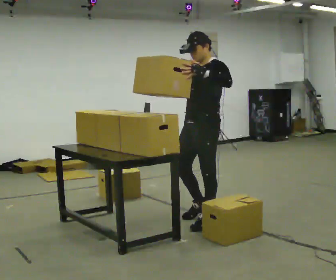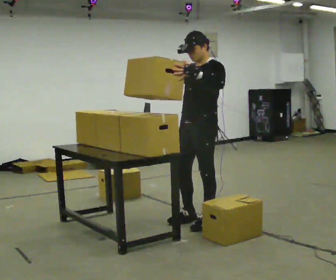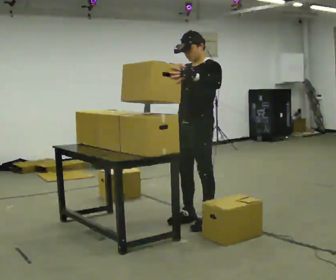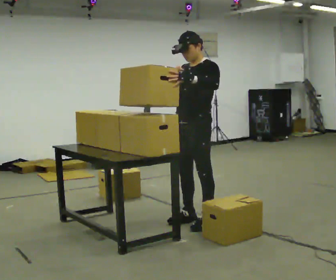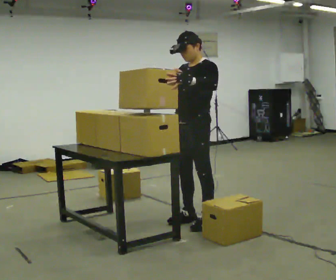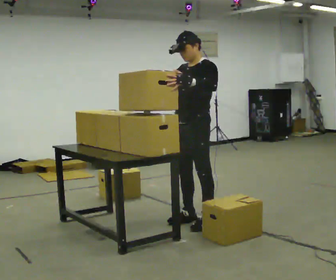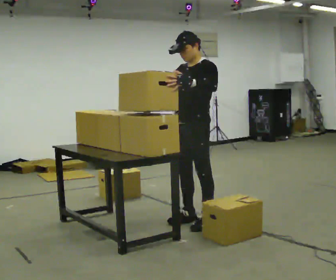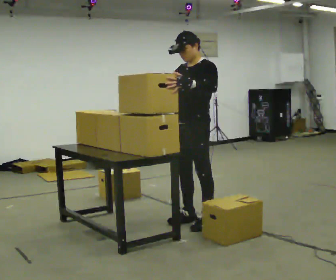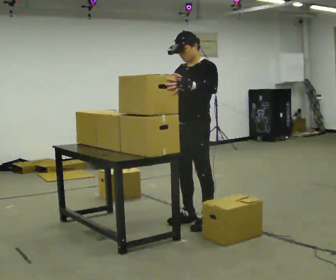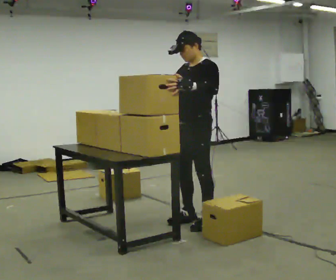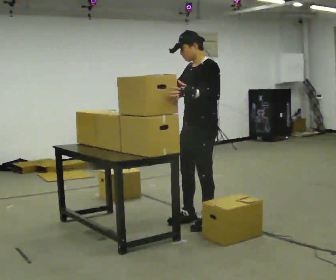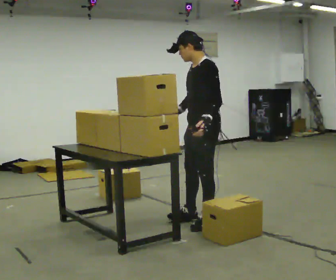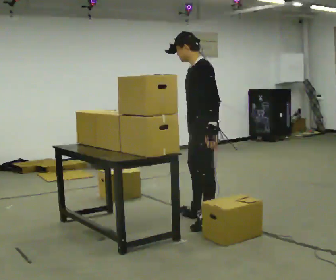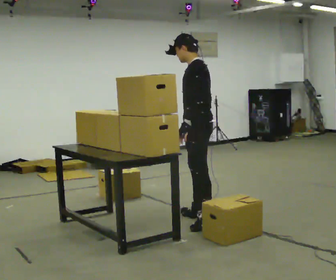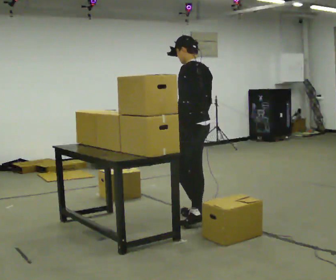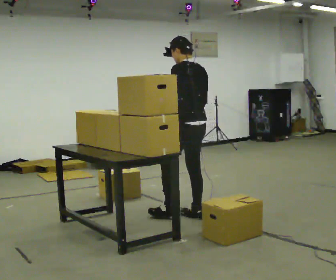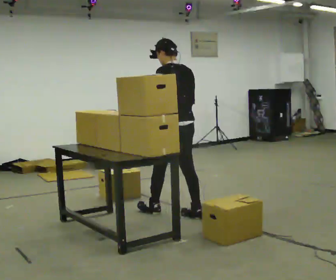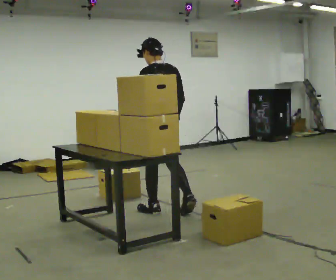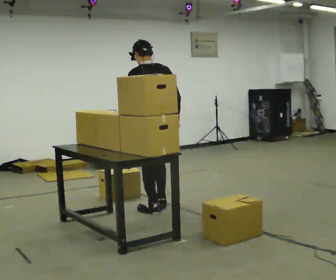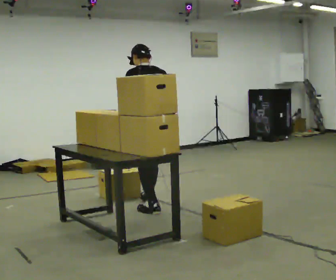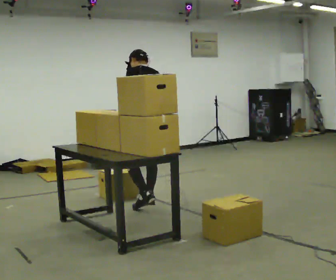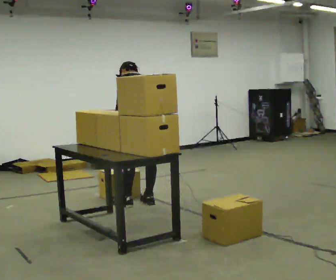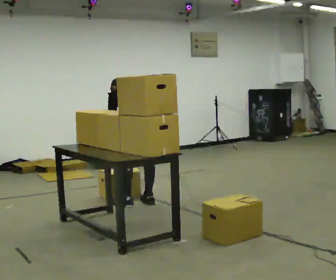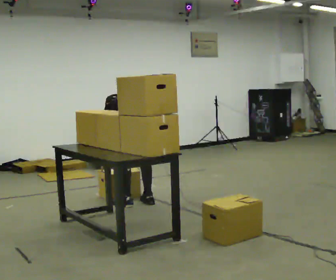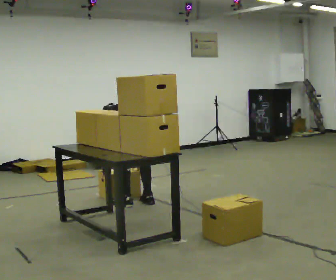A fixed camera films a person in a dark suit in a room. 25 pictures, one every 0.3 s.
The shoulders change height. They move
downward.
Their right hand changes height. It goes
downward.
0.0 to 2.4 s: The person moves a little, or ends about where they began.
2.4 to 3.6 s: Seen from above the body turns clockwise, about 30 degrees: to their right, with its near side sliding to the left. In the picture their right hand goes to the right and downward, the arm swinging counterclockwise.
3.6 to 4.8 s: The part of the body nearest the lens slides to the left as the person turns to their right by about 60 degrees. In the picture they go to the left and away from the camera, about 0.5 m in 1 step, which for them is forward.
4.8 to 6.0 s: In the picture they go away from the camera and to the left, about 0.5 m in 1 step, which for them is forward.
6.0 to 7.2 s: The shoulders move downward. In the picture the upper body tilts counterclockwise, shoulders to the left, as they bend forward. In the picture their left hand goes downward.
The film runs forward here.
